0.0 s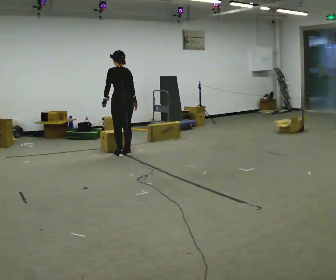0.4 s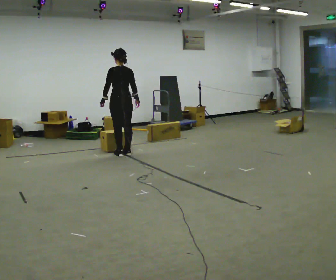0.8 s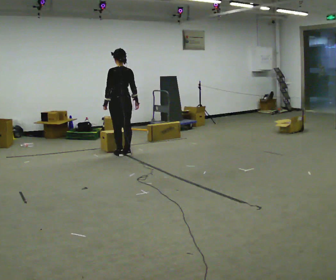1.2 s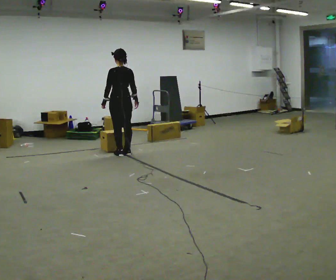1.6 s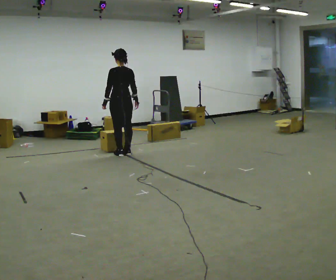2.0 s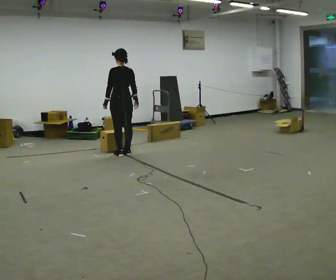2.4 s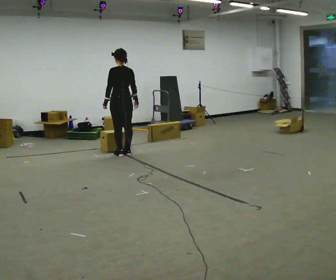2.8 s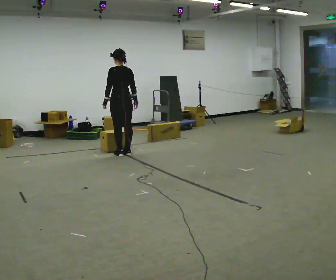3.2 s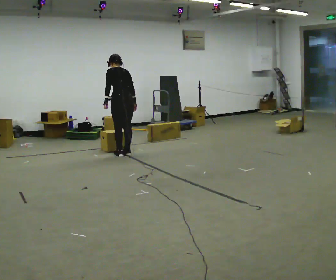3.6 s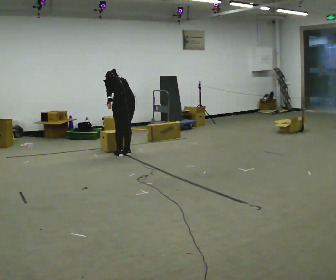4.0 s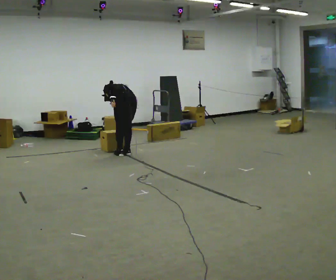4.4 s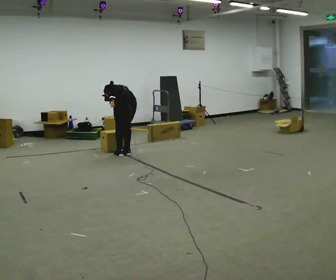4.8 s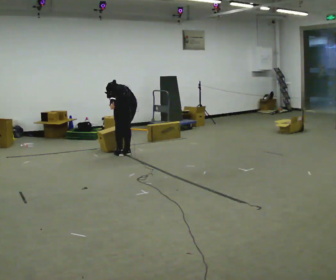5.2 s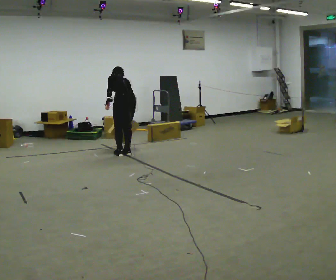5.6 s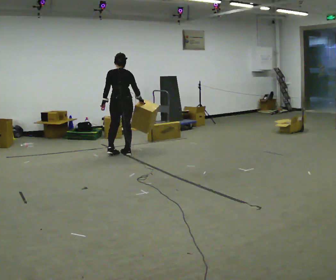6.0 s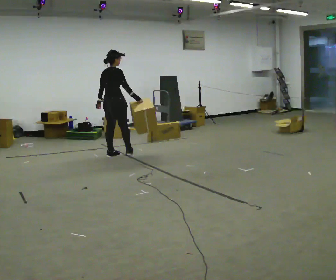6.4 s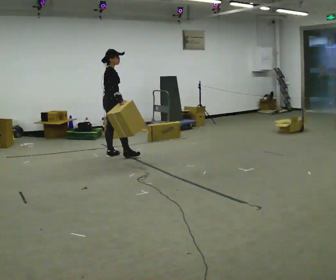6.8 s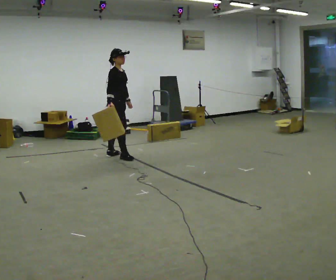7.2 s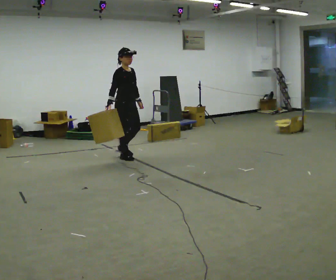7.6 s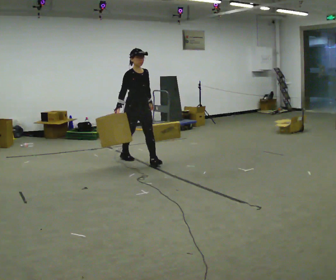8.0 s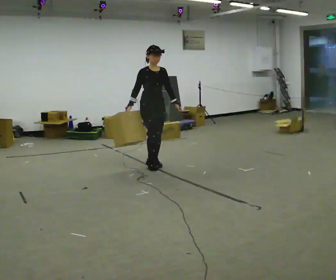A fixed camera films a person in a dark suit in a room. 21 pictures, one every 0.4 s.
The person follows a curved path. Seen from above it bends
counterclockwise.
The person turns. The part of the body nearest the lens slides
to the left.
0.0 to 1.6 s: The person moves a little, or ends about where they began.
1.6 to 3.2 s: The upper body tips away from the camera, its near side rolling upward, as they bend forward.
3.2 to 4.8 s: The shoulders move downward. The upper body tips away from the camera, its near side rolling upward, as they bend forward.
4.8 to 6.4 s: The person turns about 105 degrees to their right, clockwise seen from above, so the part of the body nearest the lens slides to the left. In the picture they go to the left, about 0.25 m in 1 step. The upper body goes upward. The upper body tips toward the camera, its near side rolling downward, as they lean back or straighten.
6.4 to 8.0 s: Seen from above the body turns clockwise, about 75 degrees: to their right, with its near side sliding to the left. In the picture they go to the right and toward the camera, about 1 m in 2 steps.
The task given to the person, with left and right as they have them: Carry the box across the room, stopping and starting again each time the operator says stop and go. Do not set the box down.
The film runs forward here.
